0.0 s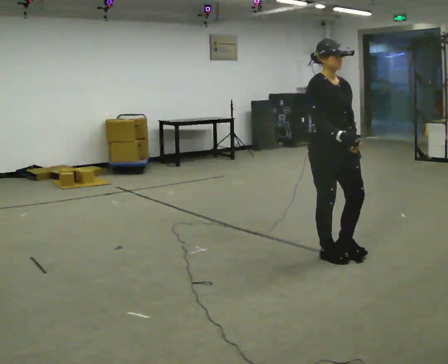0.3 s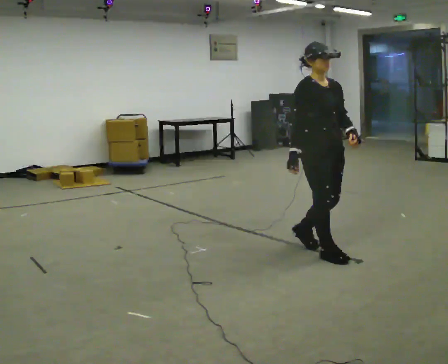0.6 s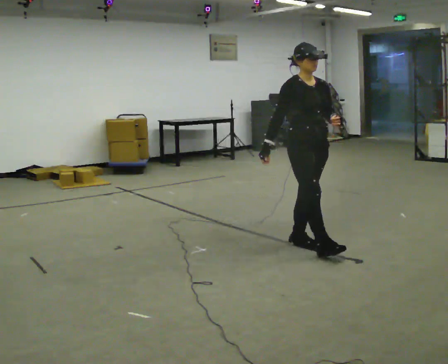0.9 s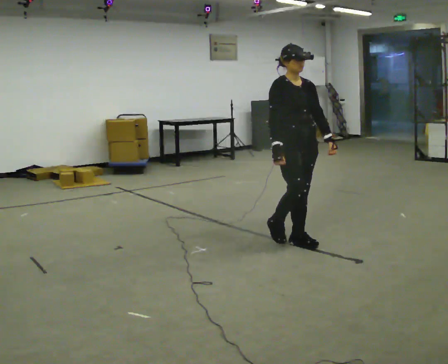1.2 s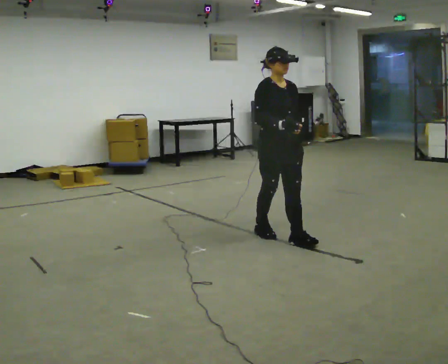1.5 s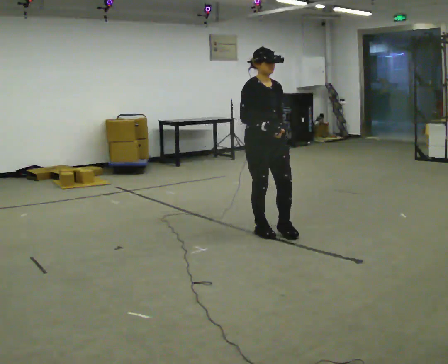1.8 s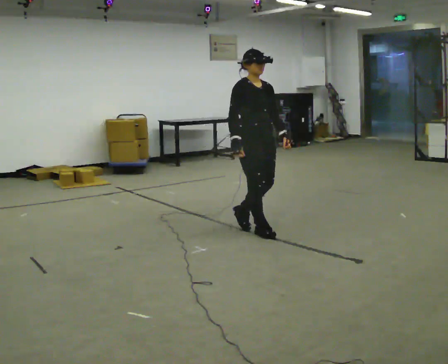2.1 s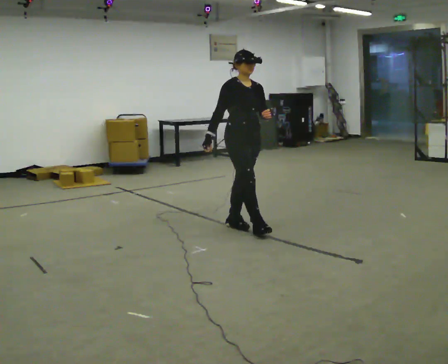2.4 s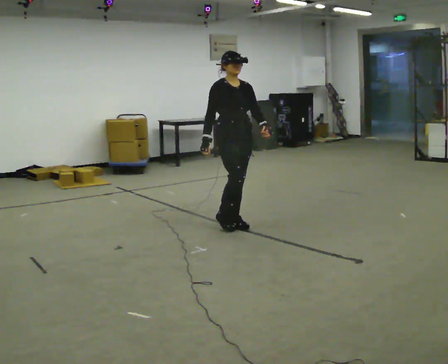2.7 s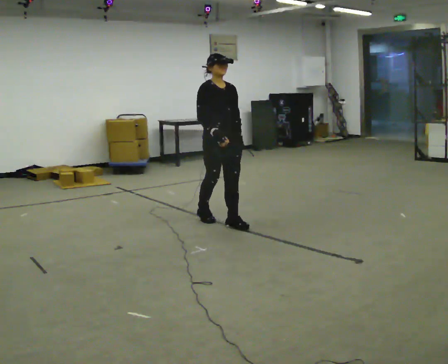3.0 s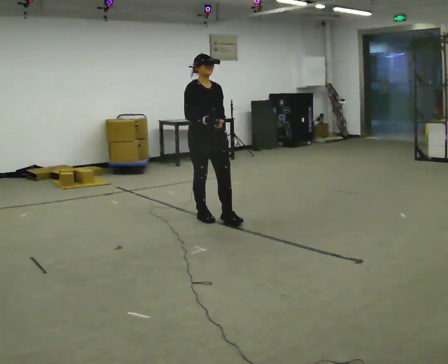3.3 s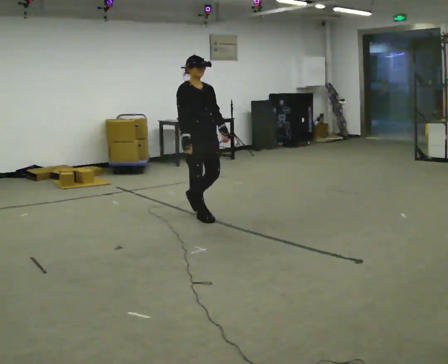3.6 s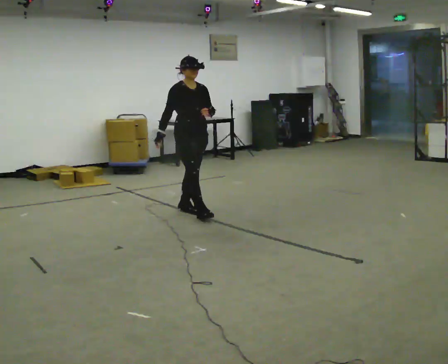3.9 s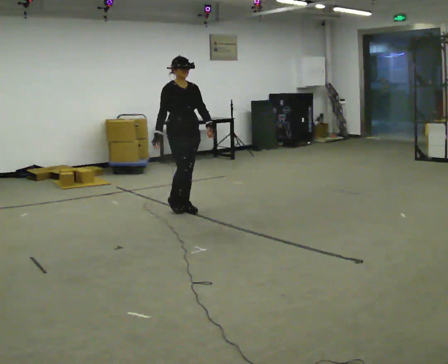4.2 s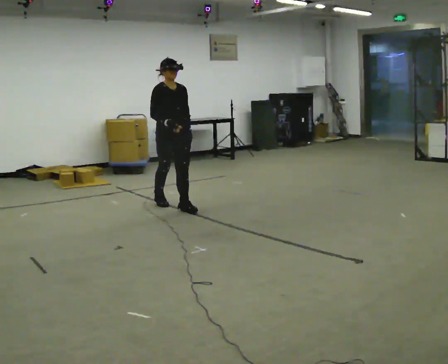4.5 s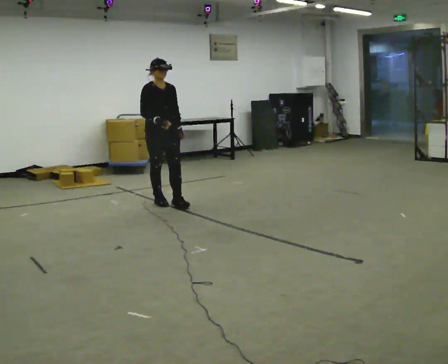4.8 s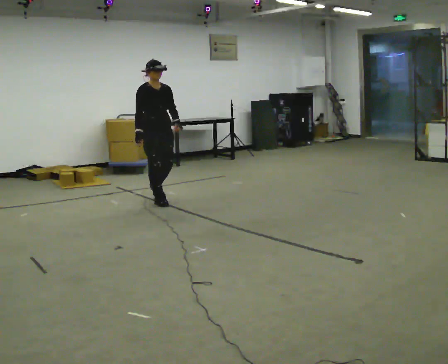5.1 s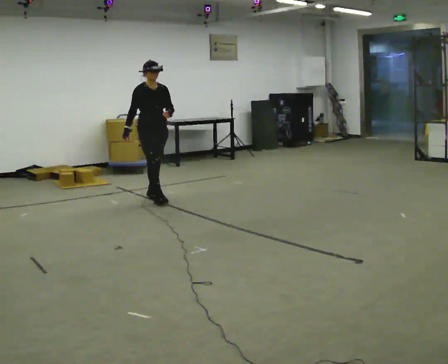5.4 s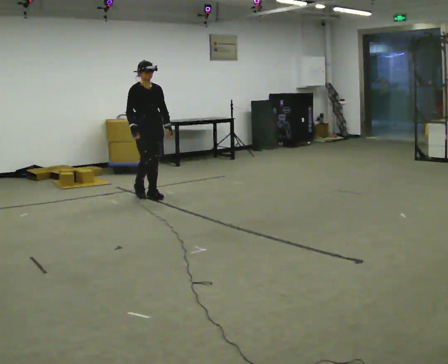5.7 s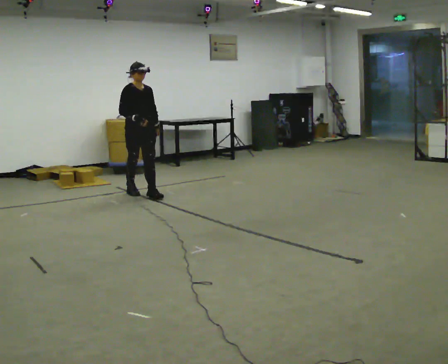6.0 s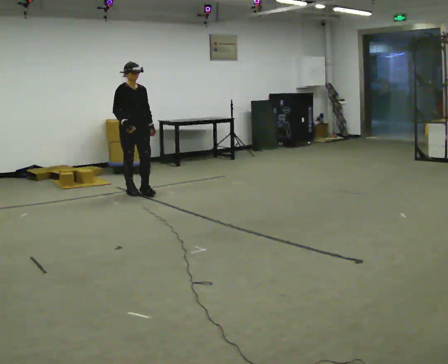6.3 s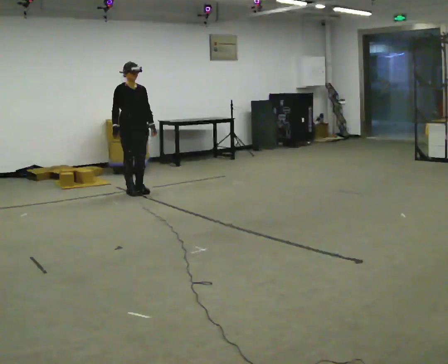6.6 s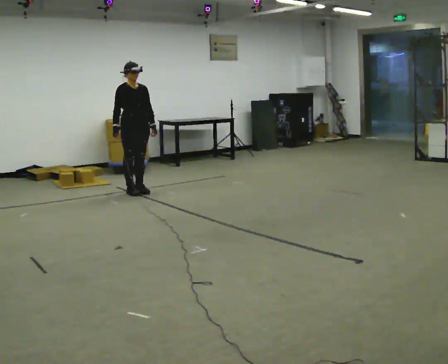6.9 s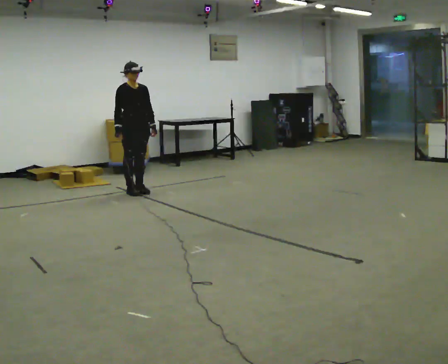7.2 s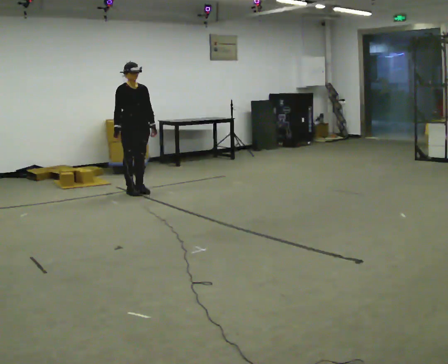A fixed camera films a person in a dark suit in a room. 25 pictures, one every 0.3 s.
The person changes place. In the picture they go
away from the camera.
0.0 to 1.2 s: In the picture they go away from the camera and to the left, about 0.5 m in 1 step, which for them is backward.
1.2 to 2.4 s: In the picture they go away from the camera and to the left, about 0.5 m in 2 steps, which for them is backward.
2.4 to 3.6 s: In the picture they go away from the camera and to the left, about 0.75 m in 1 step, which for them is backward.
3.6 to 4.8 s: In the picture they go away from the camera and to the left, about 0.75 m in 2 steps, which for them is backward.
4.8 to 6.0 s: In the picture they go away from the camera and to the left, about 0.5 m in 2 steps, which for them is backward.
6.0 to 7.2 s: The person moves a little, or ends about where they began.
The film runs backward here.
